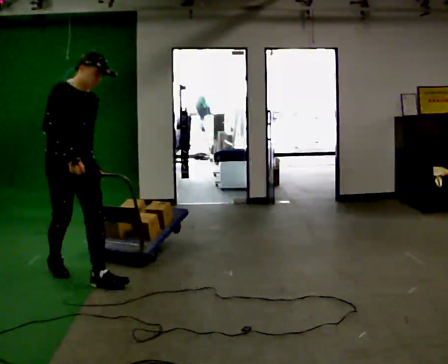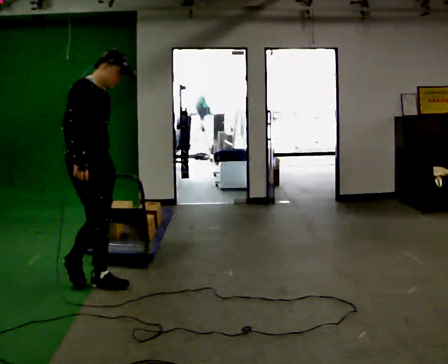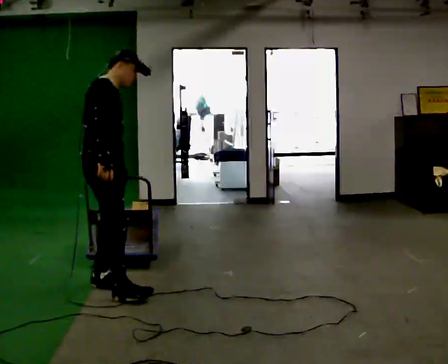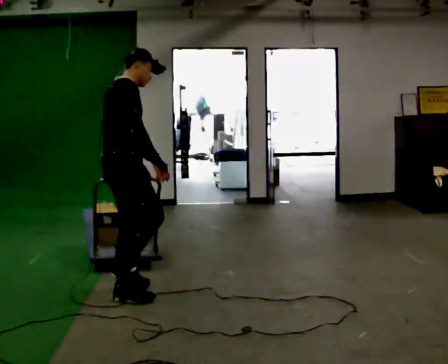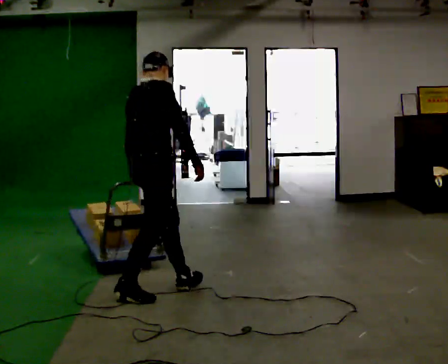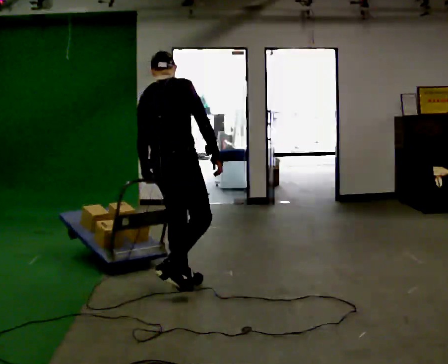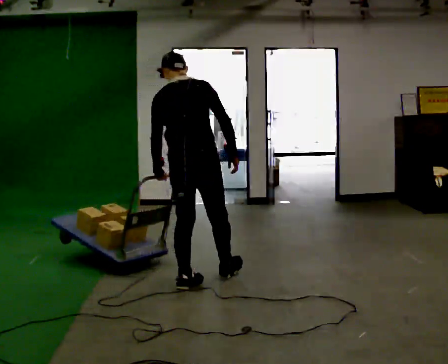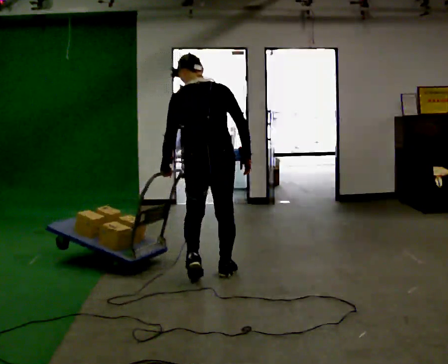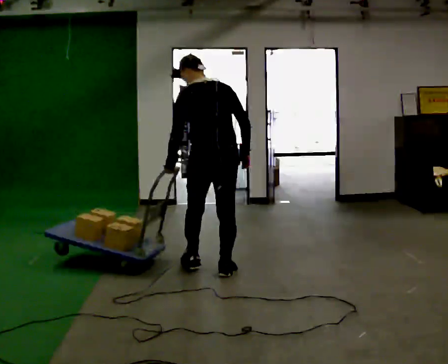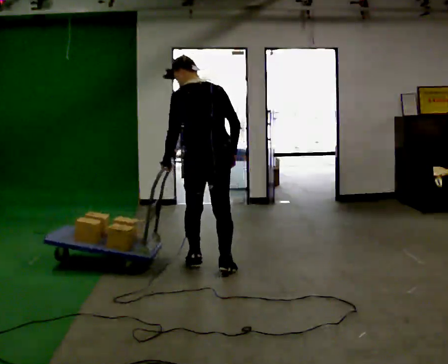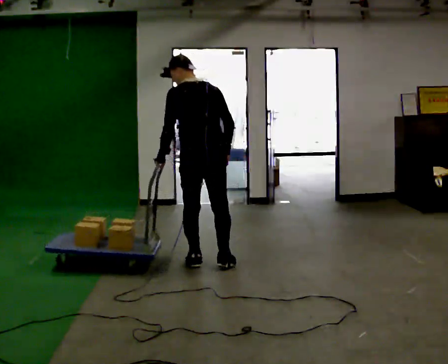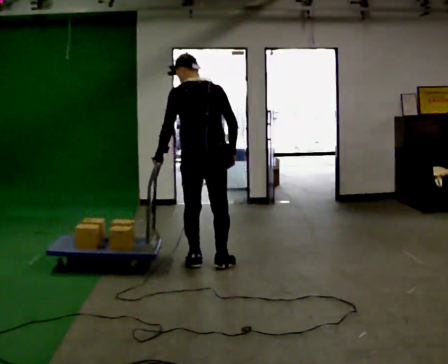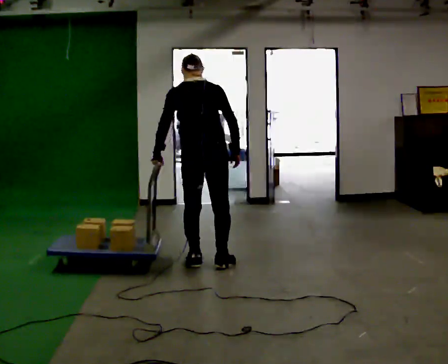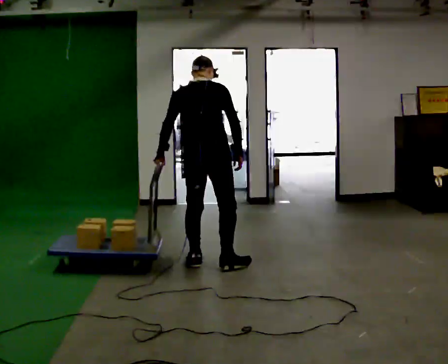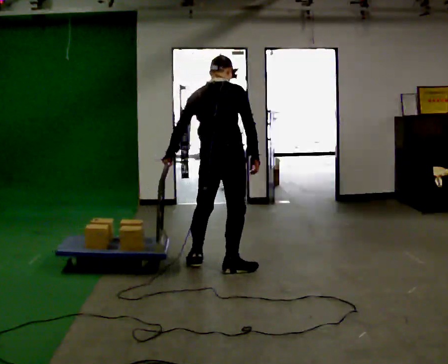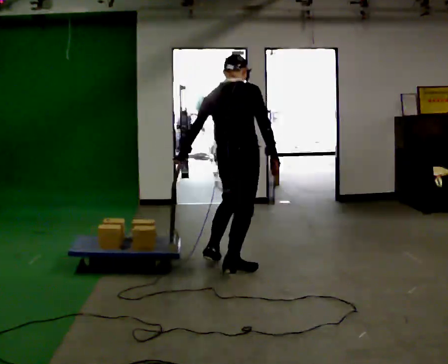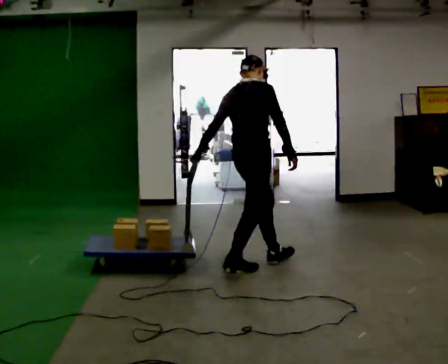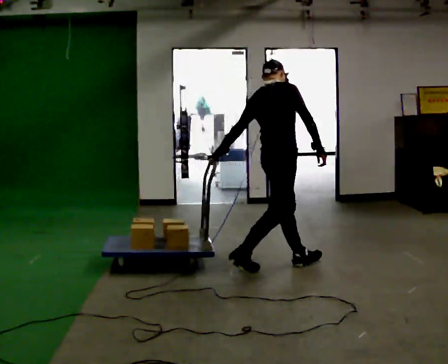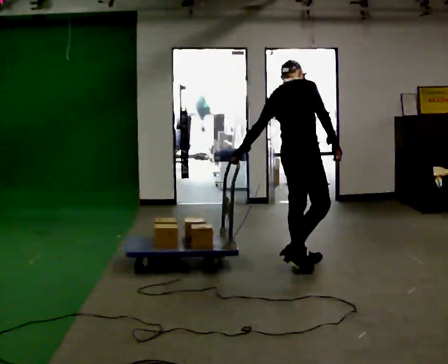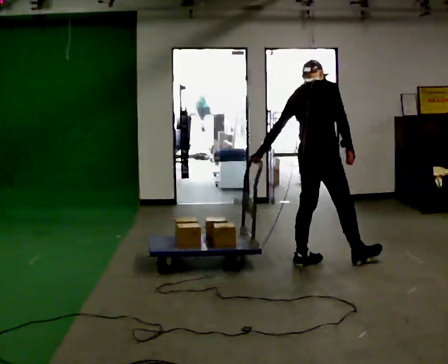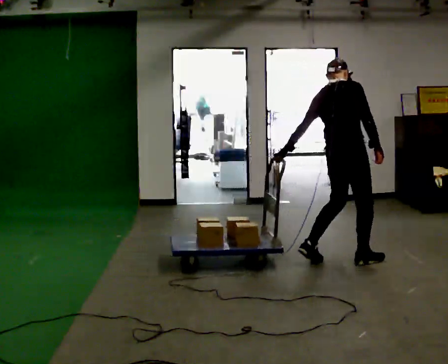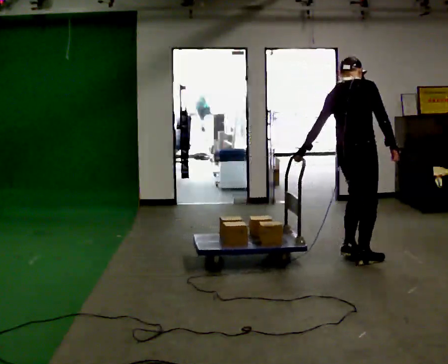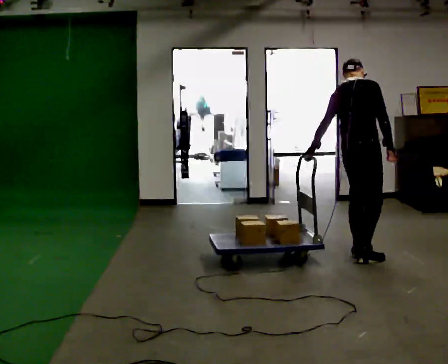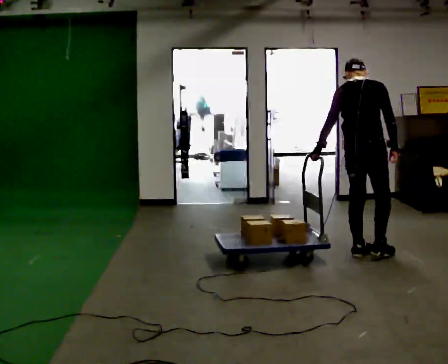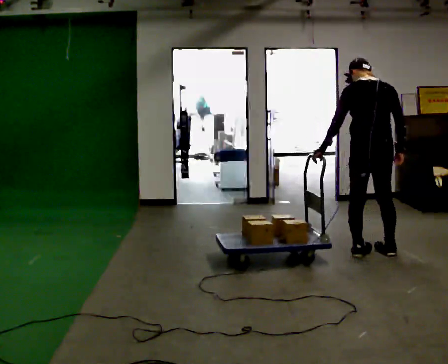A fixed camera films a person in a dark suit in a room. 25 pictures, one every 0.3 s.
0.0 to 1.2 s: The person turns about 75 degrees to their left, counterclockwise seen from above, so the part of the body nearest the lens slides to the right. In the picture they go to the right and toward the camera, about 0.75 m in 2 steps.
1.2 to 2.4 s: The part of the body nearest the lens slides to the right as the person turns to their left by about 75 degrees. In the picture they go away from the camera and to the right, about 0.75 m in 1 step.
2.4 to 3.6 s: In the picture they go away from the camera, about 0.25 m in 2 steps, which for them is forward.
3.6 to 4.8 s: Seen from above the body turns clockwise, about 60 degrees: to their right, with its near side sliding to the left. In the picture they go to the right, about 0.5 m.
4.8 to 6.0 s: In the picture they go to the right, about 1 m in 2 steps, which for them is forward.
6.0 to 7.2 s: The part of the body nearest the lens slides to the right as the person turns to their left by about 45 degrees. In the picture they go to the right and away from the camera, about 0.25 m in 2 steps, which for them is forward.
The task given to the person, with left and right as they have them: Hold the rope in both hands and drag the sled towards you as you walk backward. The operator will confirm the space behind you is clear.
The film runs forward here.
